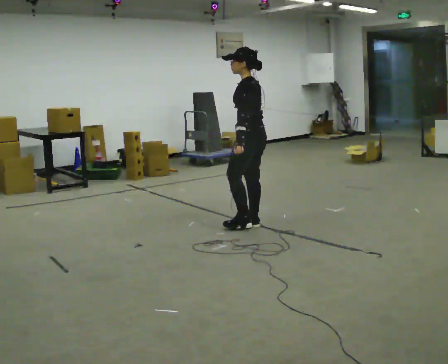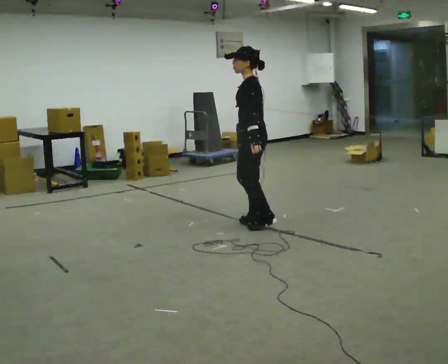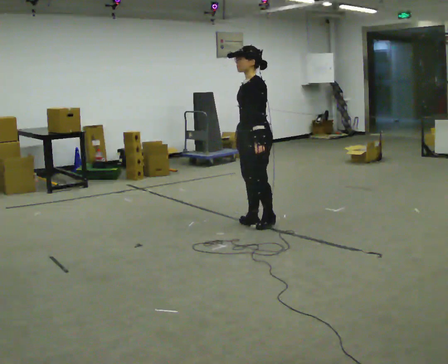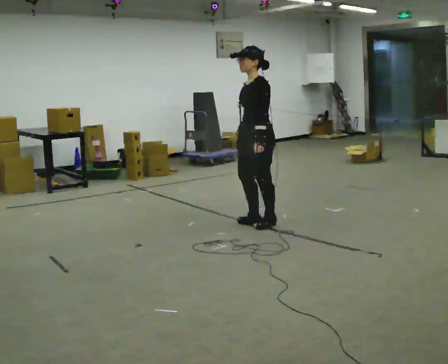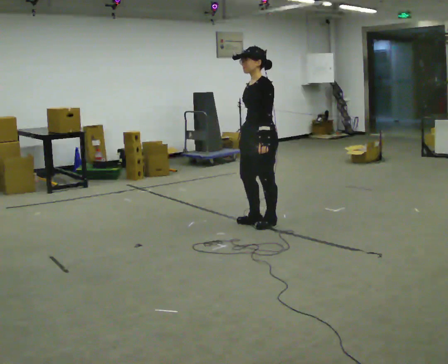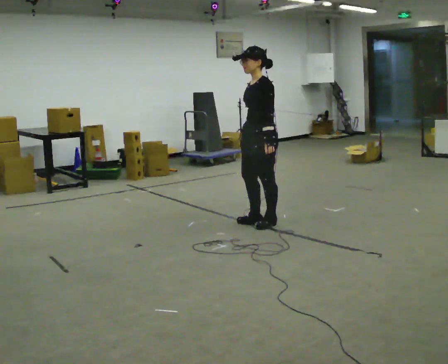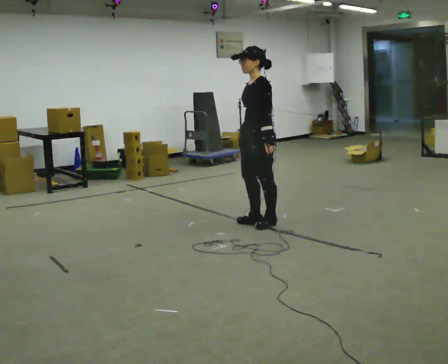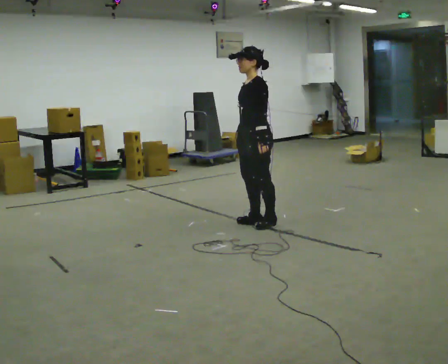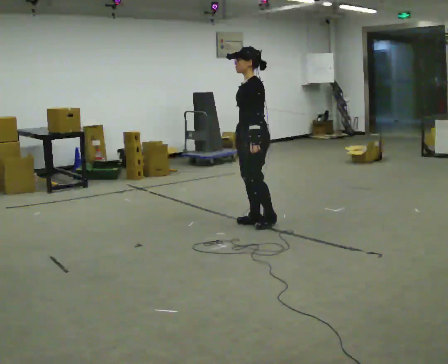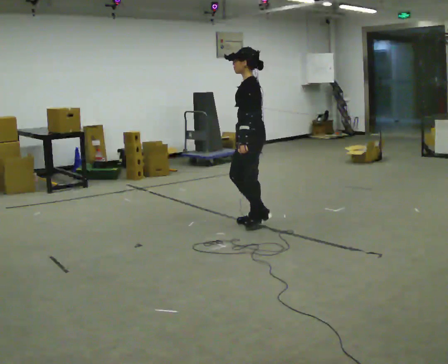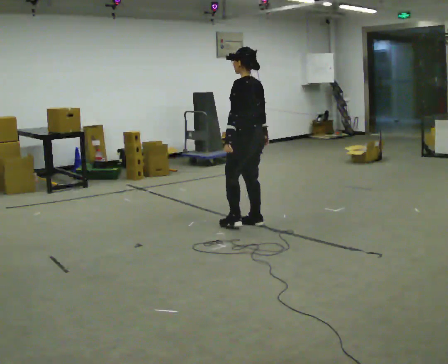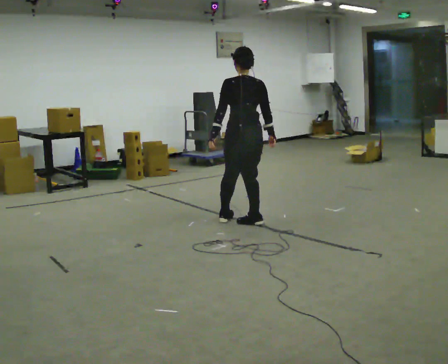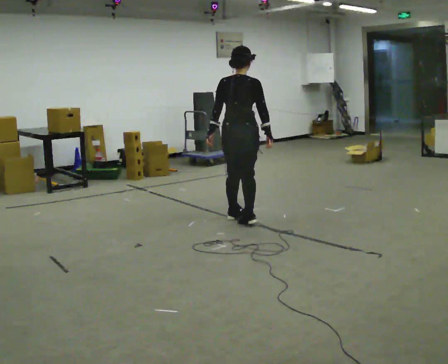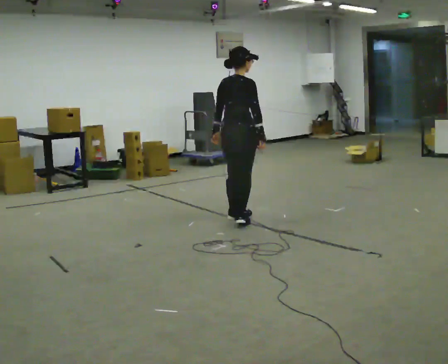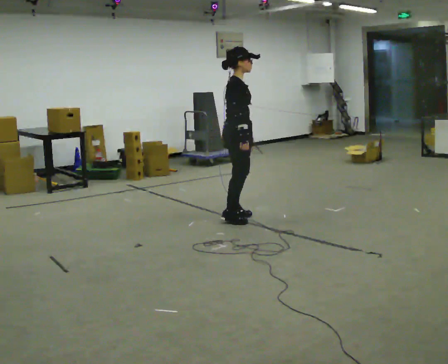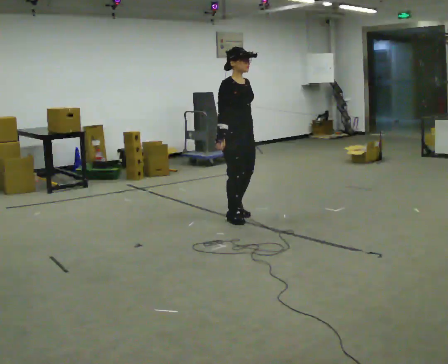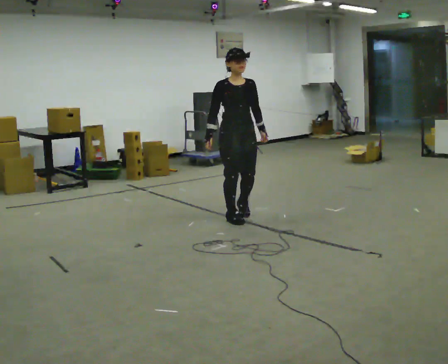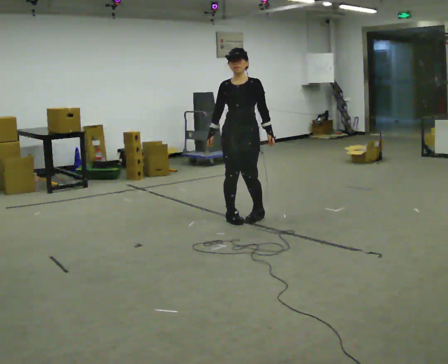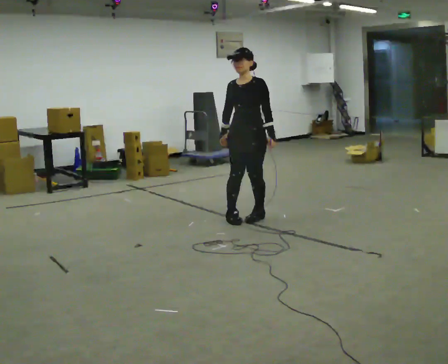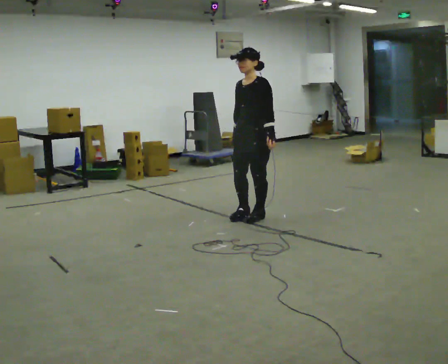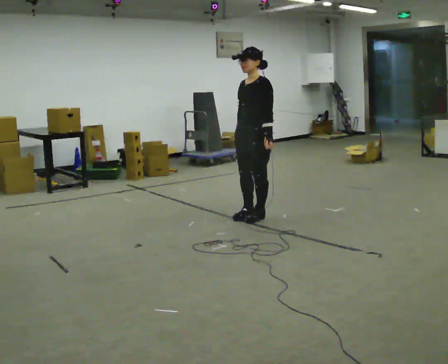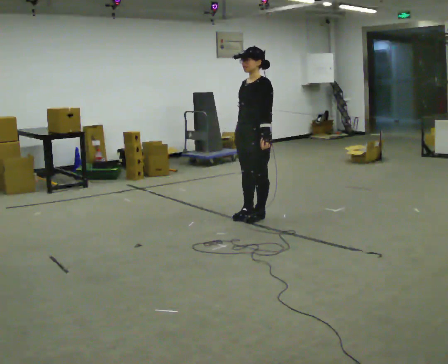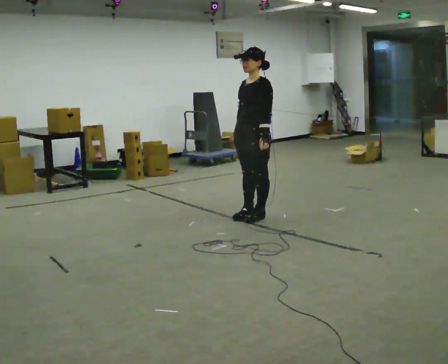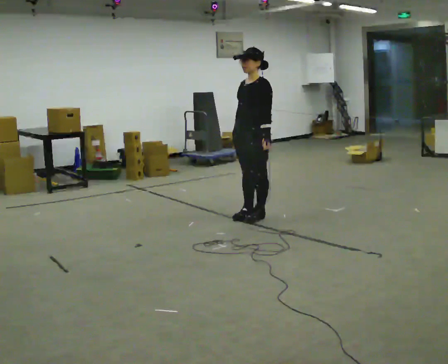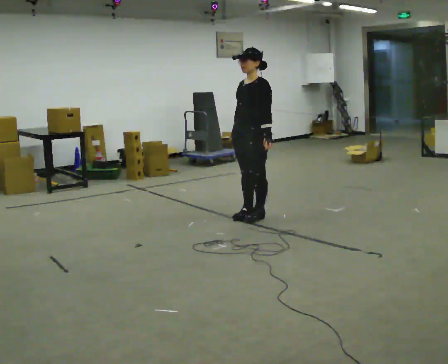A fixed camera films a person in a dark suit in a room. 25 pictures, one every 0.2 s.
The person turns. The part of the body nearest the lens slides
to the left.
The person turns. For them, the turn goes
to their right.
0.0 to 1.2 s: The person turns about 30 degrees to their left, counterclockwise seen from above, so the part of the body nearest the lens slides to the right.
1.2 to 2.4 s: Seen from above the body turns clockwise, about 135 degrees: to their right, with its near side sliding to the left. In the picture they go to the left, about 0.25 m in 1 step. In the picture their left hand goes to the left.
2.4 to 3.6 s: The part of the body nearest the lens slides to the left as the person turns to their right by about 195 degrees. In the picture their left hand goes to the right, the arm swinging counterclockwise.
3.6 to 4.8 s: The person moves a little, or ends about where they began.
The film runs forward here.
